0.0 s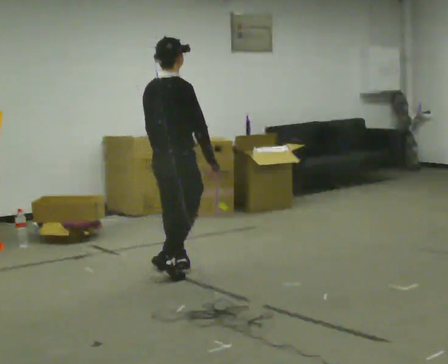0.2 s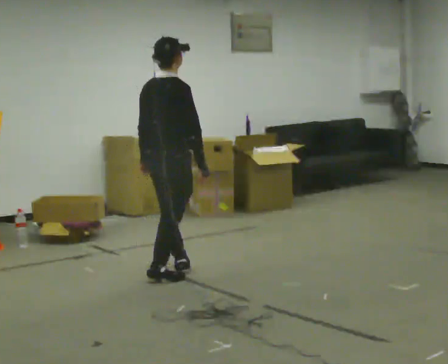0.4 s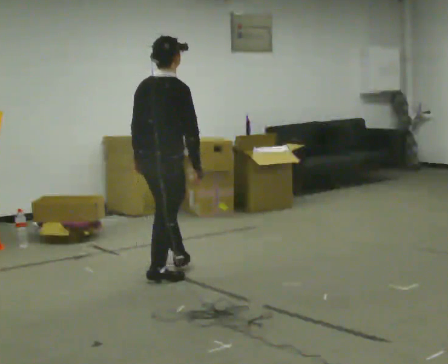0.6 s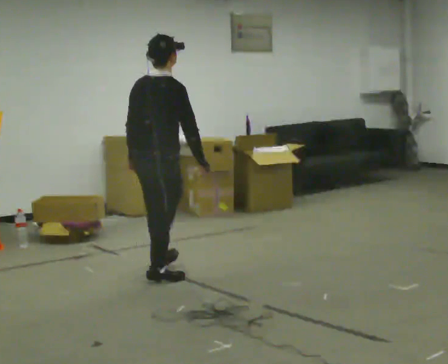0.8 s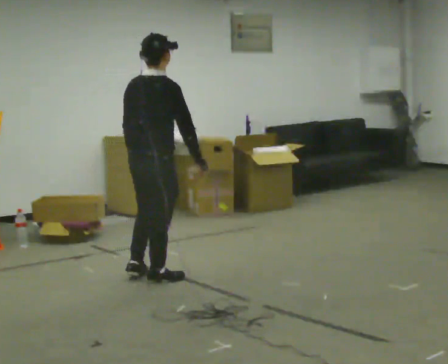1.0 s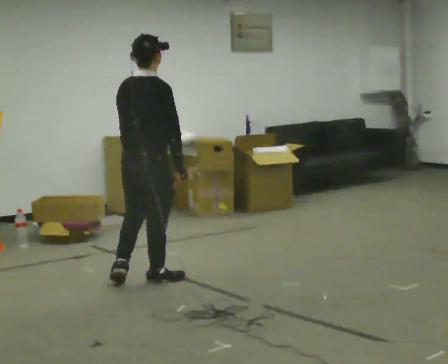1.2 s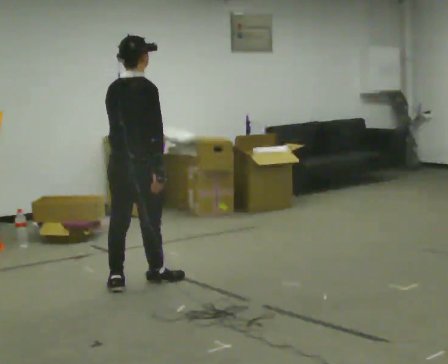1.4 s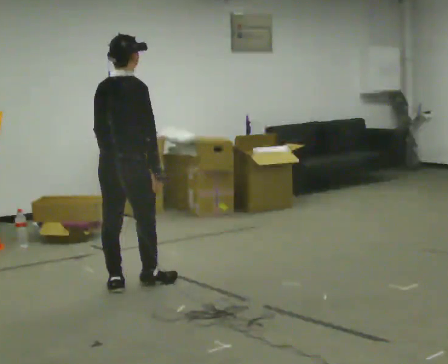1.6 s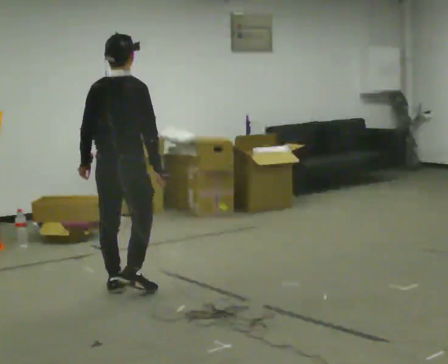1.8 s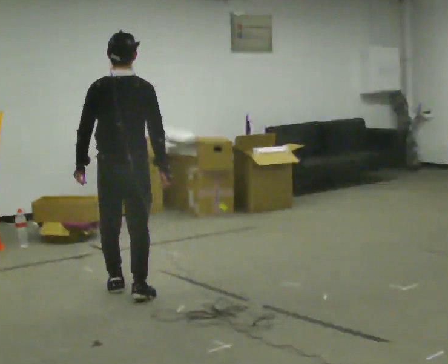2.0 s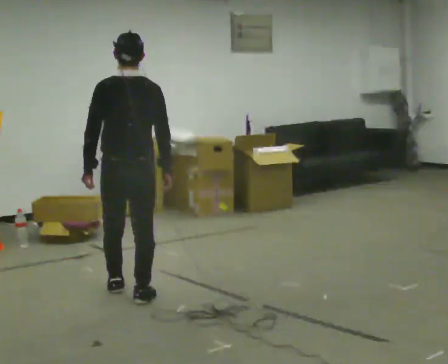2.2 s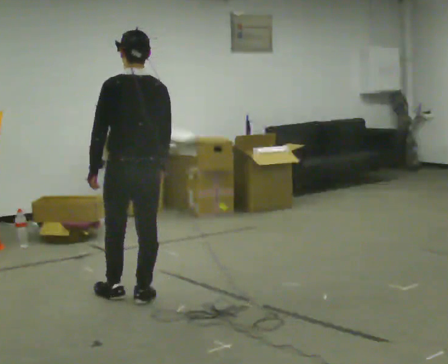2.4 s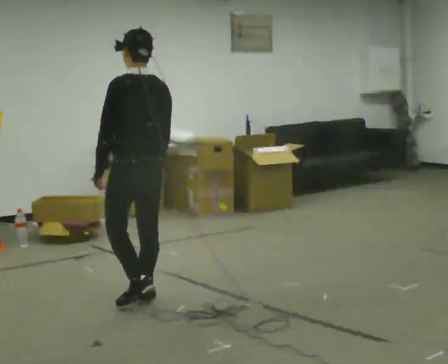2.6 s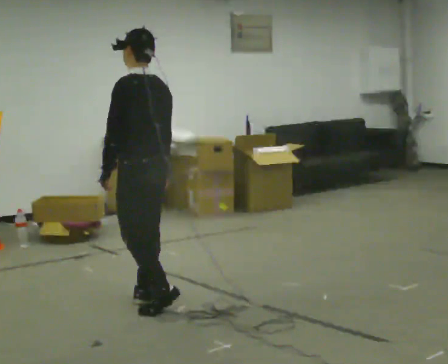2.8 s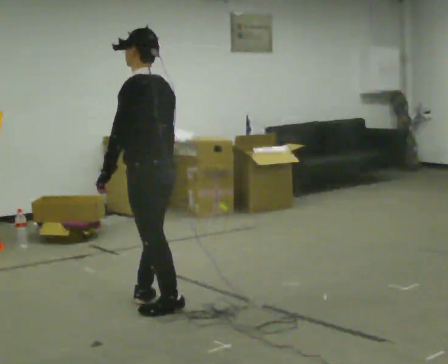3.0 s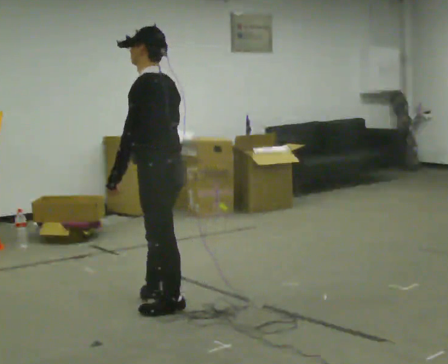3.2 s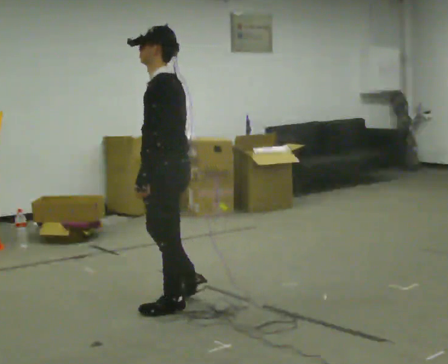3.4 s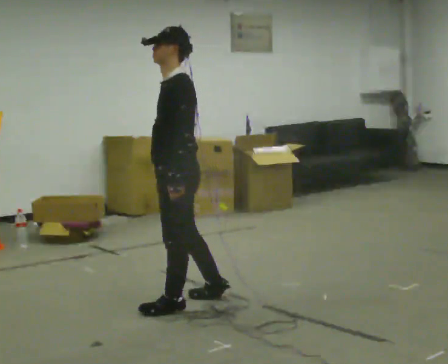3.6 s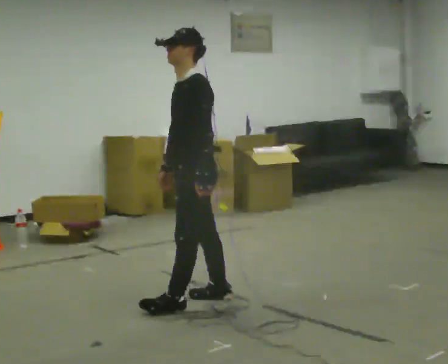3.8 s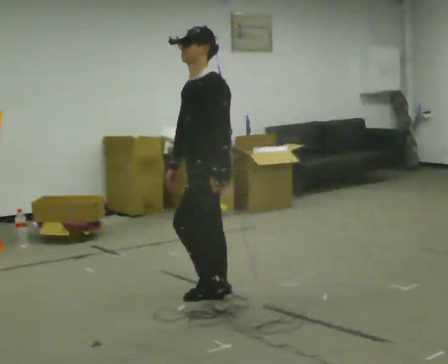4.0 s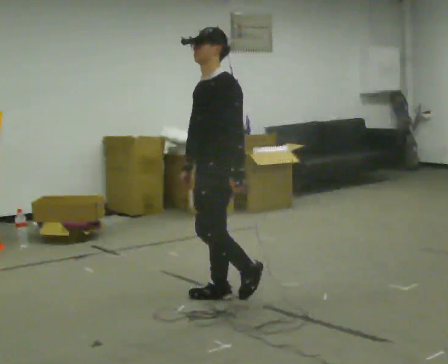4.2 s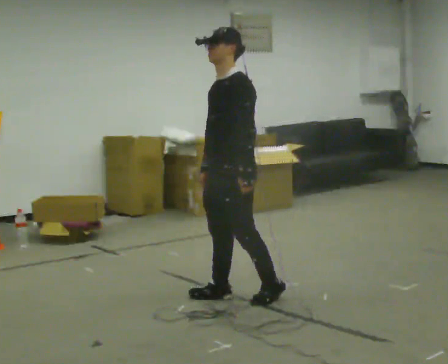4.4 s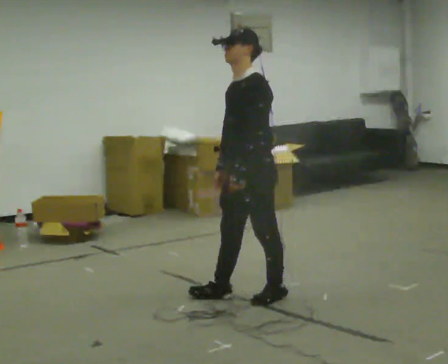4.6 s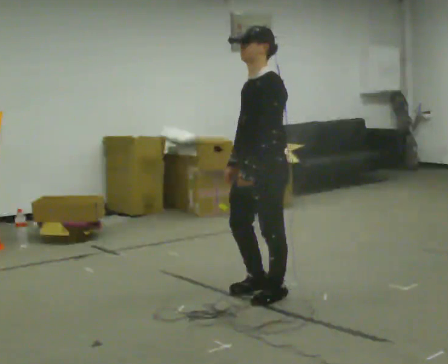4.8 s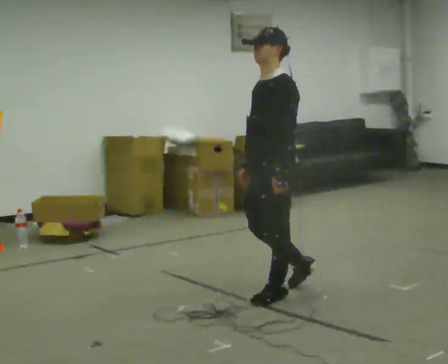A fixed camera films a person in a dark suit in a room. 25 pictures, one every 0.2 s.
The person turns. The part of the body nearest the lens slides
to the right.
The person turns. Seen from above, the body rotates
counterclockwise.
0.0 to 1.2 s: In the picture they go to the left and toward the camera, about 0.5 m in 1 step, which for them is backward.
1.2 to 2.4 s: The part of the body nearest the lens slides to the right as the person turns to their left by about 60 degrees. In the picture they go toward the camera, about 0.5 m in 2 steps.
2.4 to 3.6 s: The part of the body nearest the lens slides to the right as the person turns to their left by about 60 degrees. In the picture they go to the right and toward the camera, about 0.25 m in 1 step.
3.6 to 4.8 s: In the picture they go to the right, about 0.5 m in 2 steps, which for them is backward.
The film runs backward here.
